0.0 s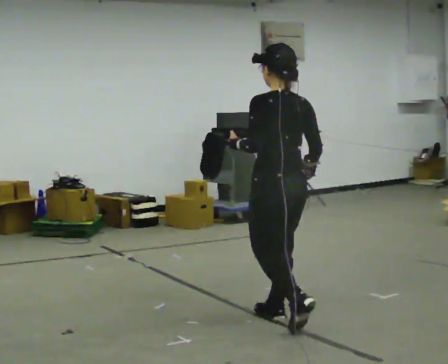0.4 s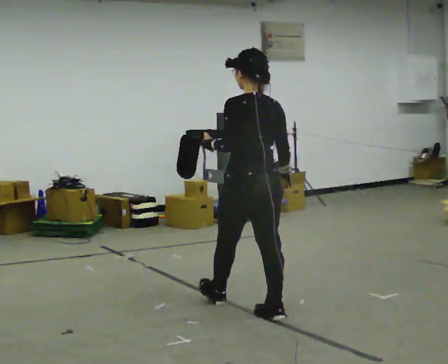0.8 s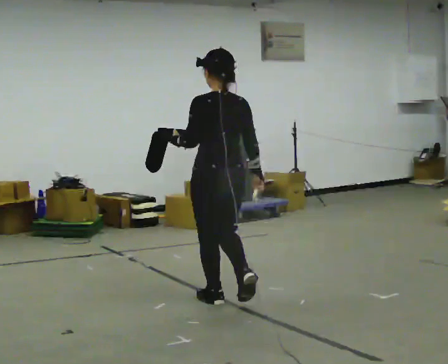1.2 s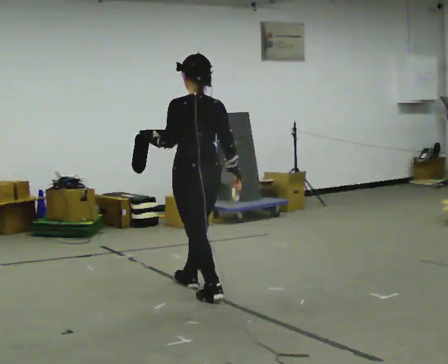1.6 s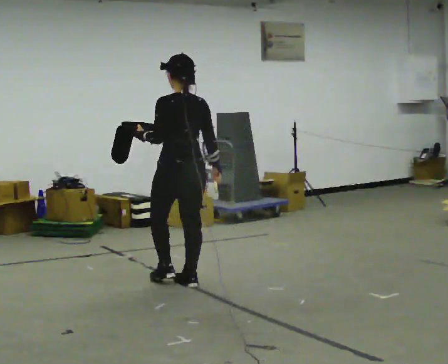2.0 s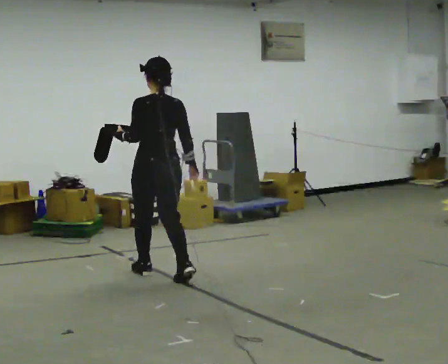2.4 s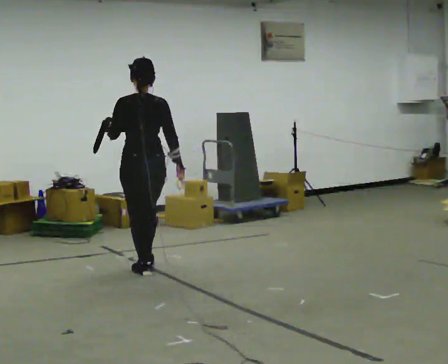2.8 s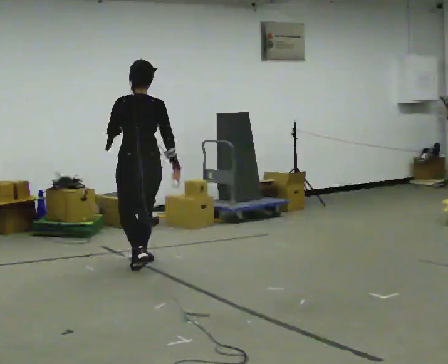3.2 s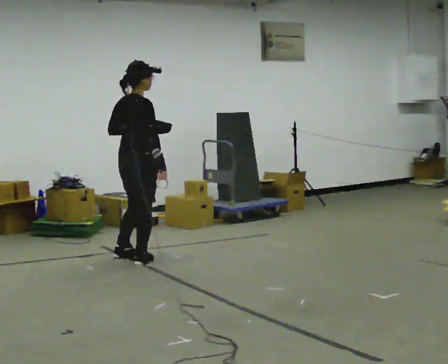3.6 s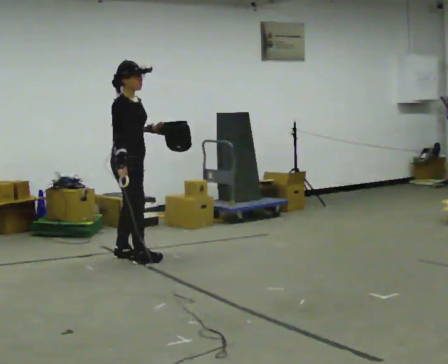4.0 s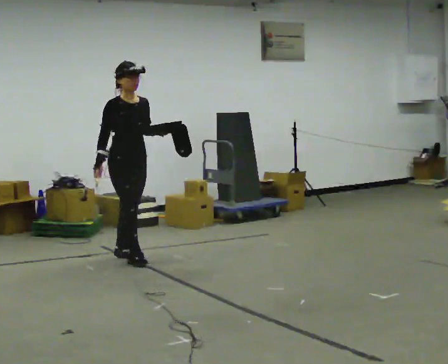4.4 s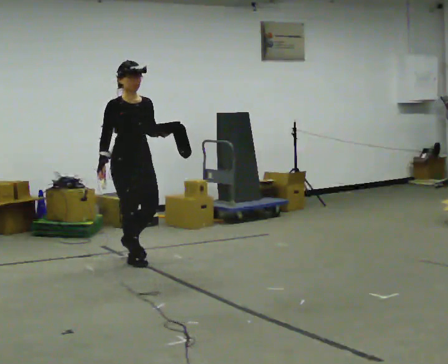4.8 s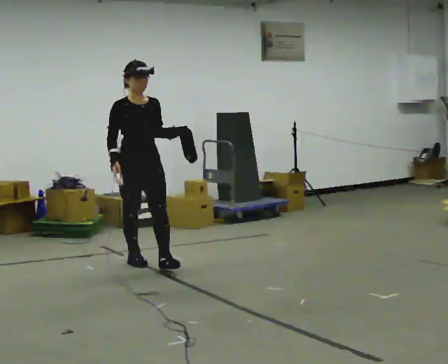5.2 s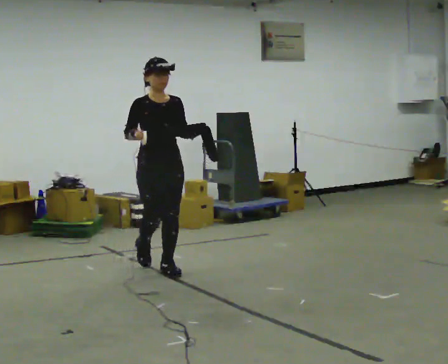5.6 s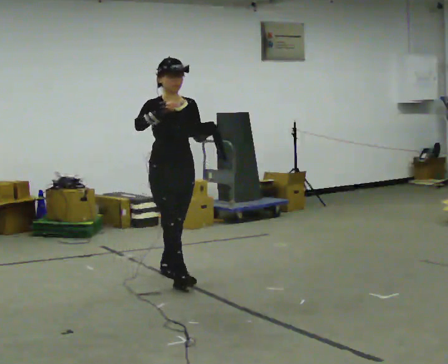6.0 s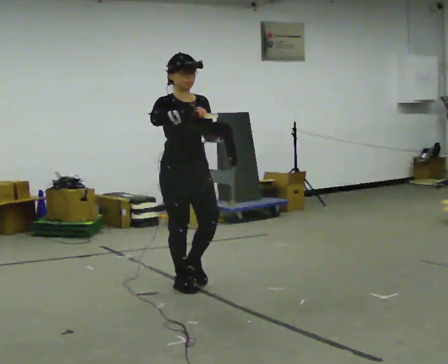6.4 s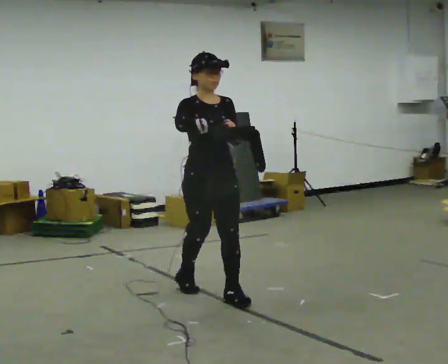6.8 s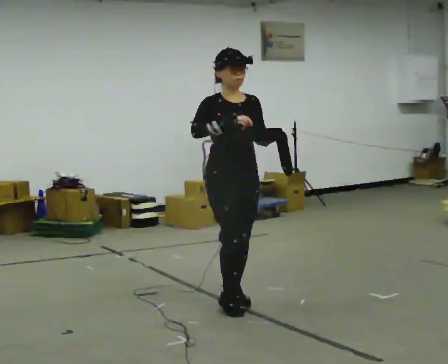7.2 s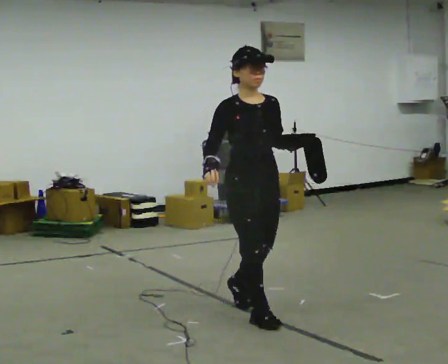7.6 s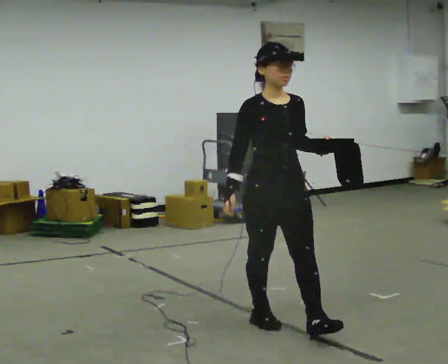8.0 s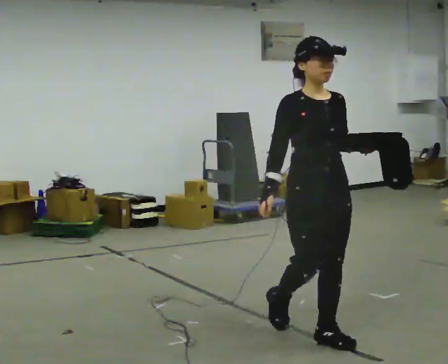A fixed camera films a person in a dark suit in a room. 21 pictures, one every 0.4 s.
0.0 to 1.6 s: In the picture they go away from the camera and to the left, about 1 m in 2 steps, which for them is forward.
1.6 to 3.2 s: The part of the body nearest the lens slides to the left as the person turns to their right by about 75 degrees. In the picture they go away from the camera and to the left, about 1 m in 2 steps.
3.2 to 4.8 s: The person turns about 105 degrees to their right, clockwise seen from above, so the part of the body nearest the lens slides to the left. In the picture their left hand goes to the right.
4.8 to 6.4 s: In the picture they go toward the camera and to the right, about 1 m in 3 steps, which for them is forward. In the picture their right hand goes upward.
6.4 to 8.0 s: In the picture they go toward the camera and to the right, about 1 m in 2 steps, which for them is forward. In the picture their right hand goes downward.
The film runs forward here.
